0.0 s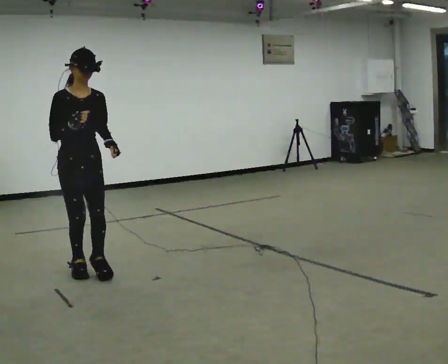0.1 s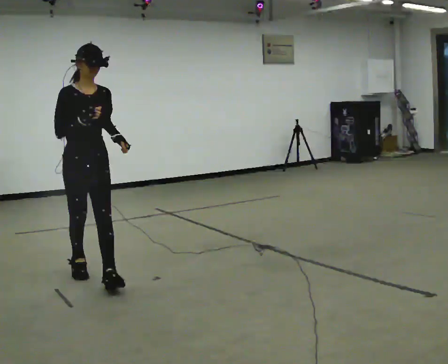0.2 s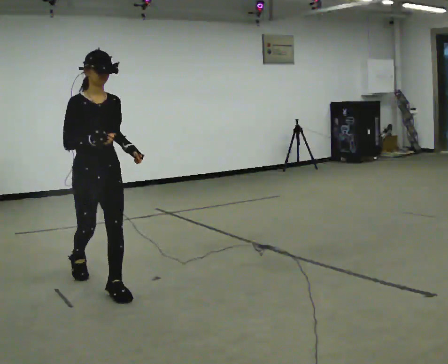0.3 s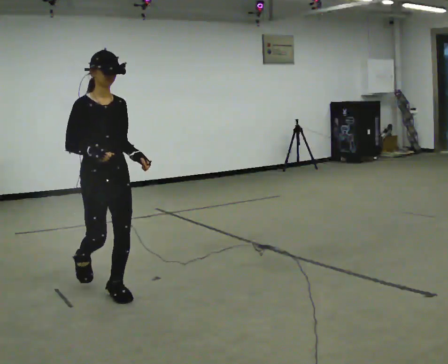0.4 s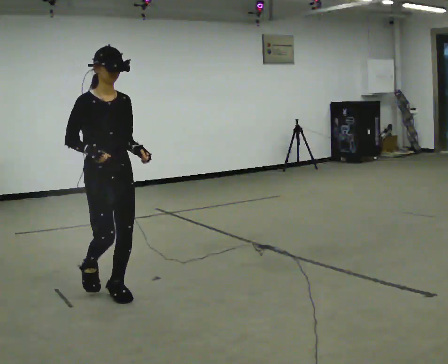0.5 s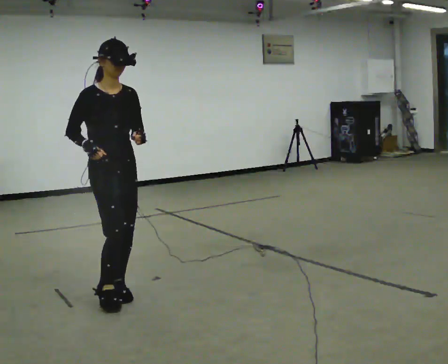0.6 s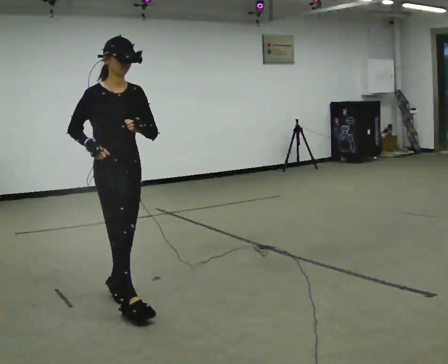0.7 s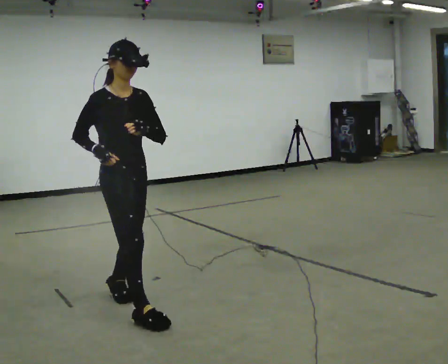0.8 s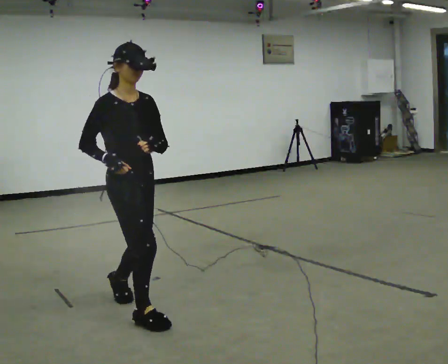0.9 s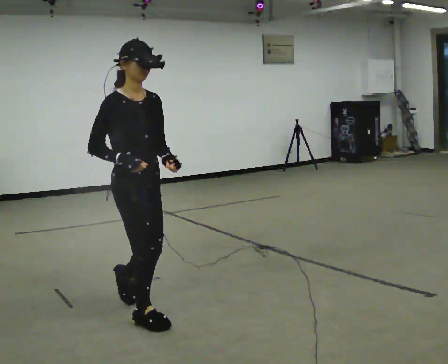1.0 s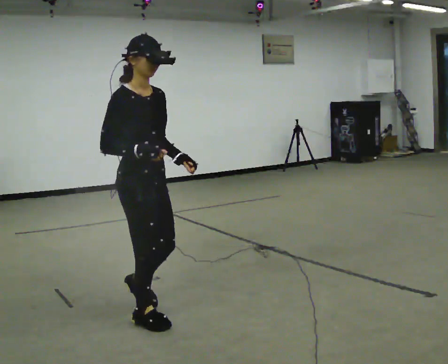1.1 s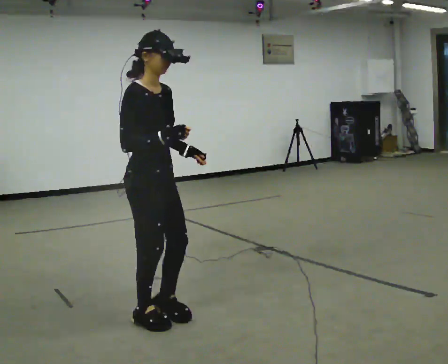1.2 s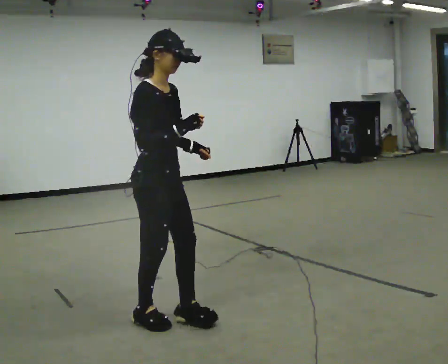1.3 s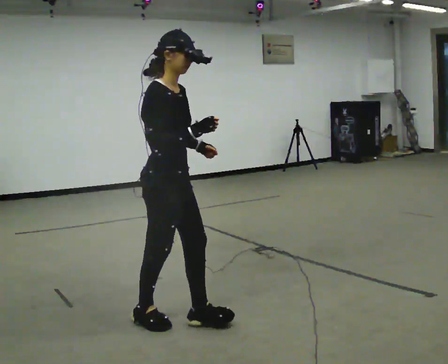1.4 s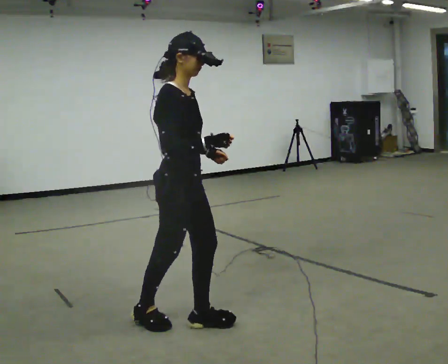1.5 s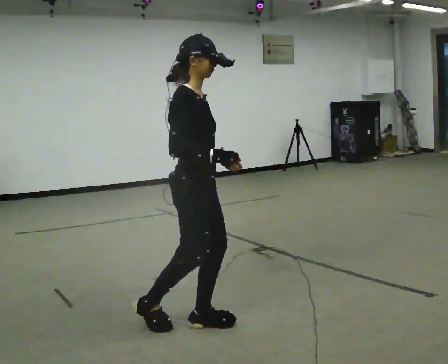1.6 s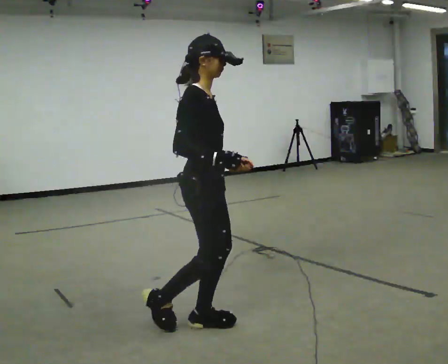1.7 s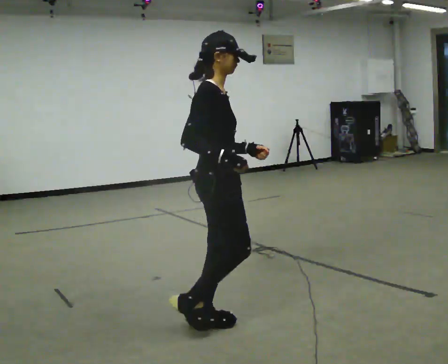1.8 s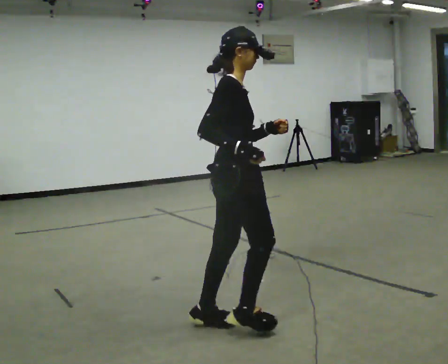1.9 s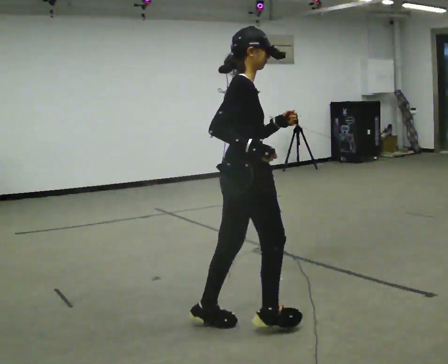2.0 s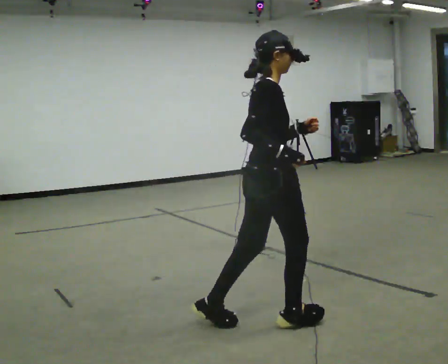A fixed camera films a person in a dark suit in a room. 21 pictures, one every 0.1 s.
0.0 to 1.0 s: In the picture they go toward the camera and to the right, about 1 m in 2 steps, which for them is forward.
1.0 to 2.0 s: Seen from above the body turns counterclockwise, about 45 degrees: to their left, with its near side sliding to the right. In the picture they go to the right, about 0.5 m in 2 steps, which for them is forward.
The film runs forward here.
